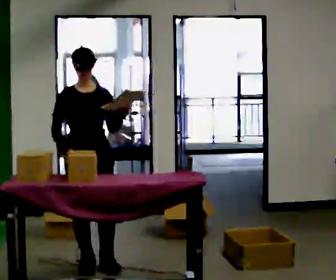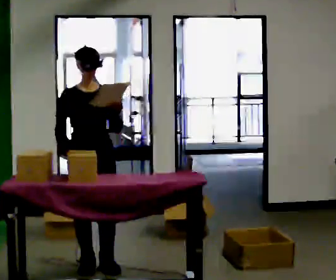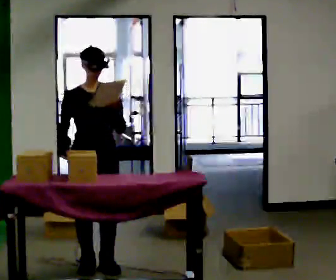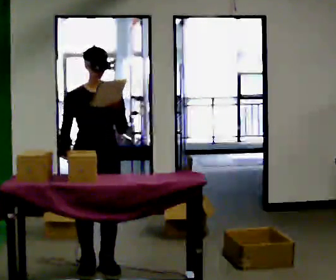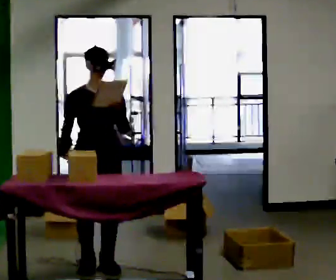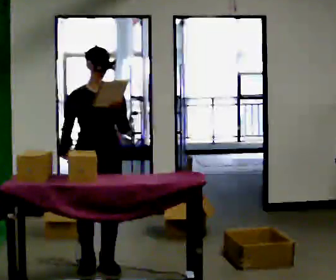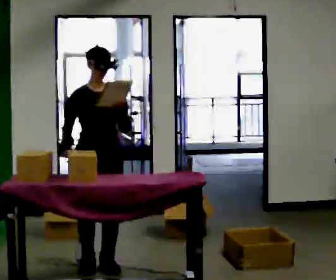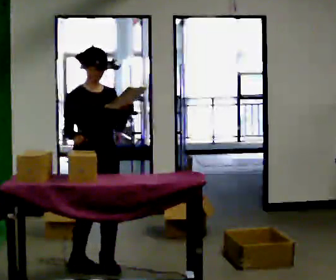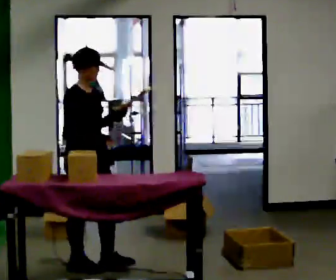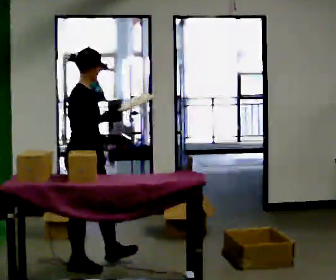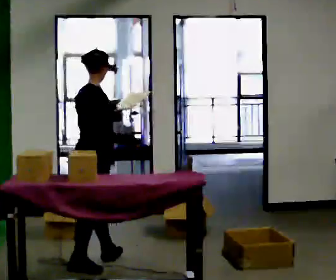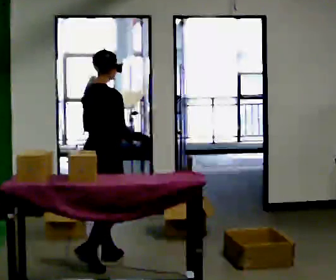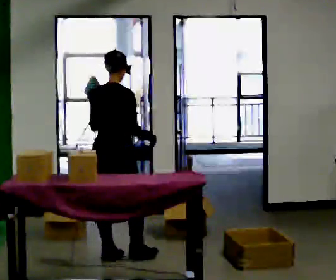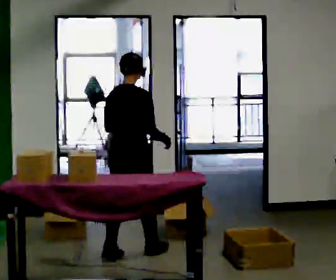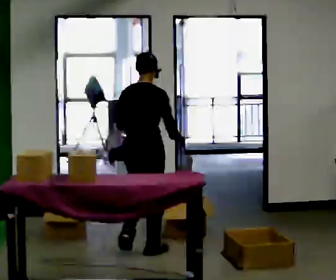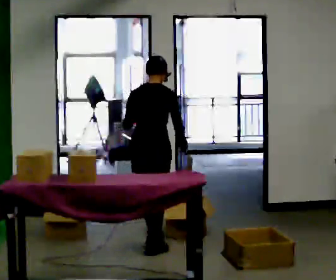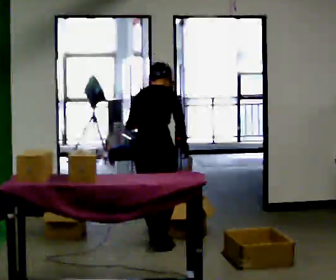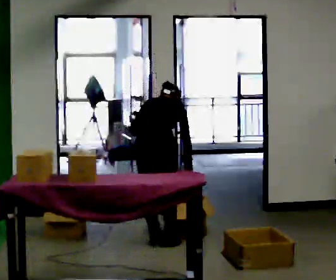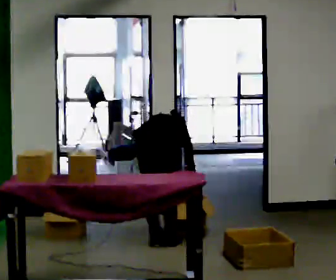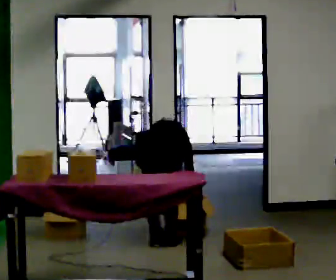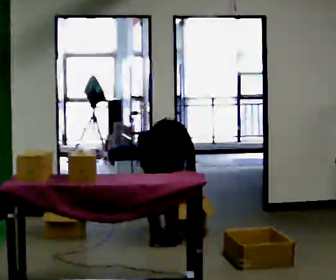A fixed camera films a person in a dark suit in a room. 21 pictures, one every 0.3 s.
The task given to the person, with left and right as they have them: 1. Read the parts list. 2. Collect each part from the bins around the room. 3. Lay them out on the table in the order on the list. 4. Put them all in the carry case. 5. Tell the operator when you are finished.
0.0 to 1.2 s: The person moves a little, or ends about where they began.
1.2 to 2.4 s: The part of the body nearest the lens slides to the right as the person turns to their left by about 60 degrees.
2.4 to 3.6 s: The part of the body nearest the lens slides to the right as the person turns to their left by about 75 degrees. In the picture they go away from the camera and to the right, about 0.25 m in 1 step.
3.6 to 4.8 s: In the picture they go away from the camera and to the right, about 0.5 m in 2 steps, which for them is forward. The upper body tips away from the camera, its near side rolling upward, as they bend forward.
4.8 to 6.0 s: The upper body goes downward. The upper body tips away from the camera, its near side rolling upward, as they bend forward.
The film runs forward here.
